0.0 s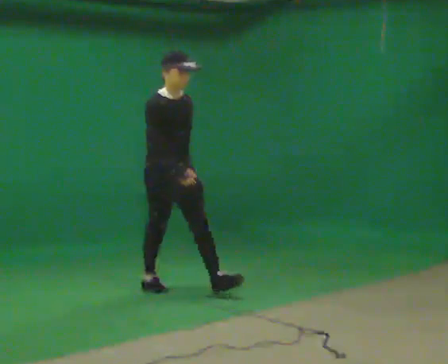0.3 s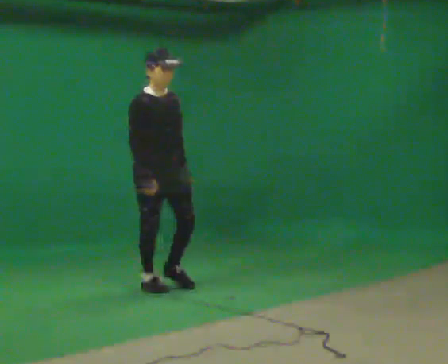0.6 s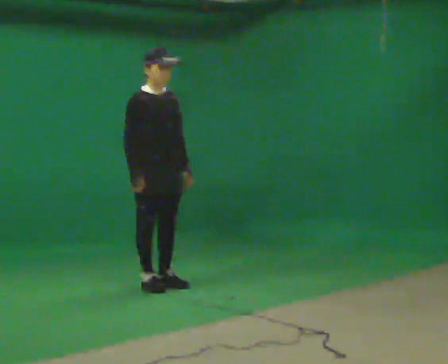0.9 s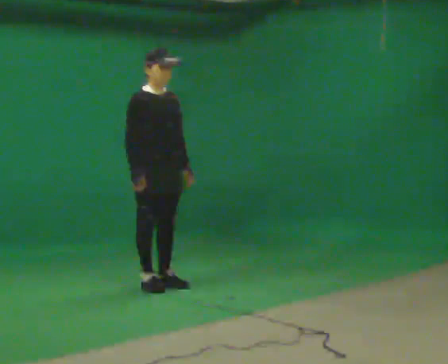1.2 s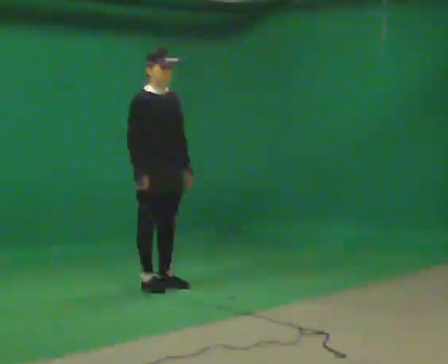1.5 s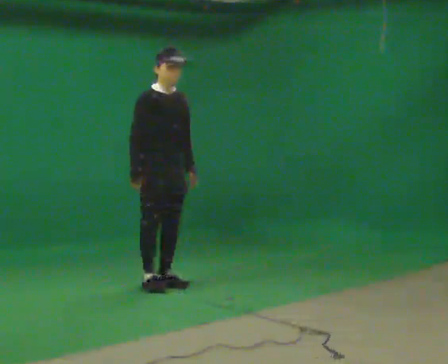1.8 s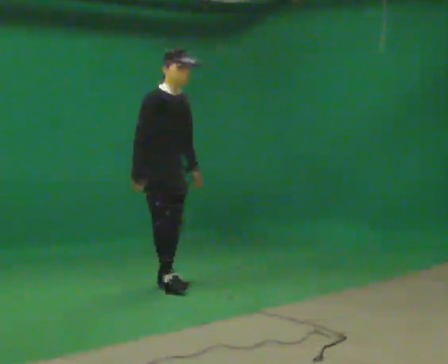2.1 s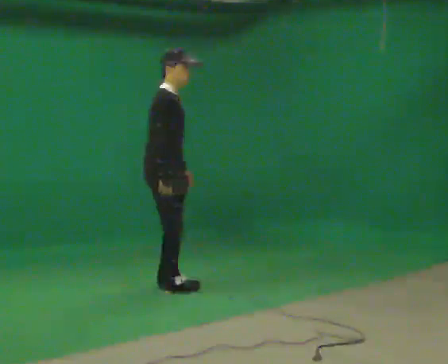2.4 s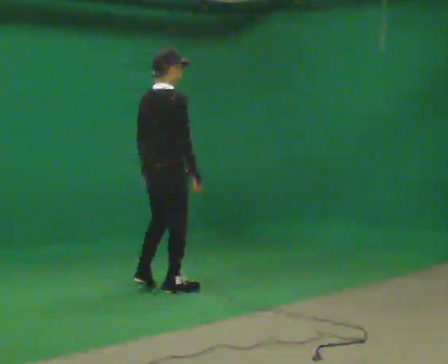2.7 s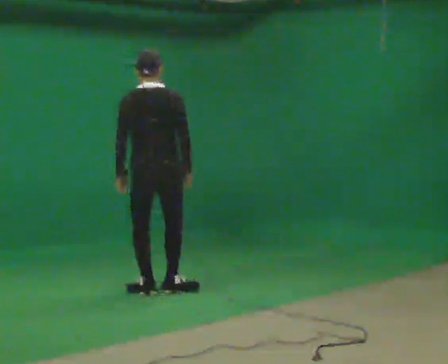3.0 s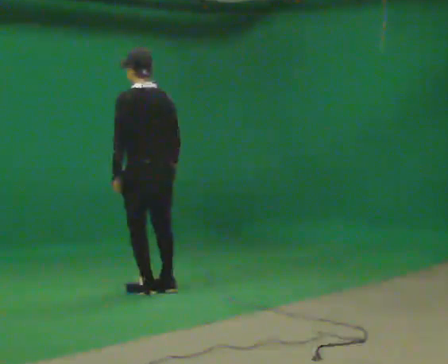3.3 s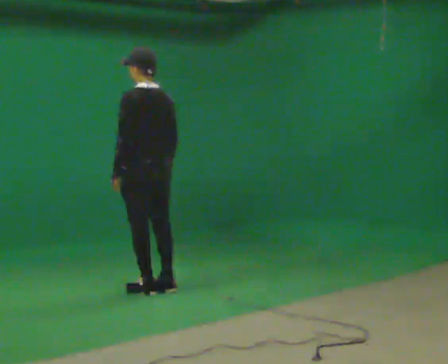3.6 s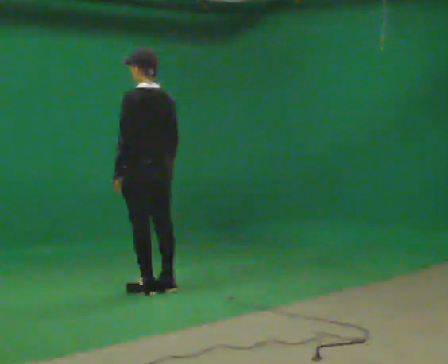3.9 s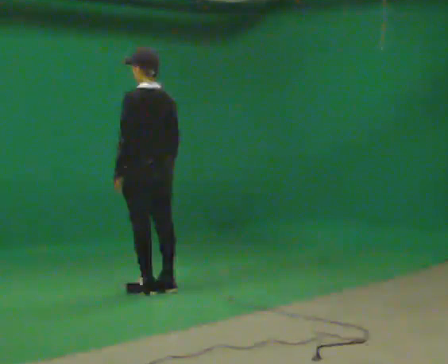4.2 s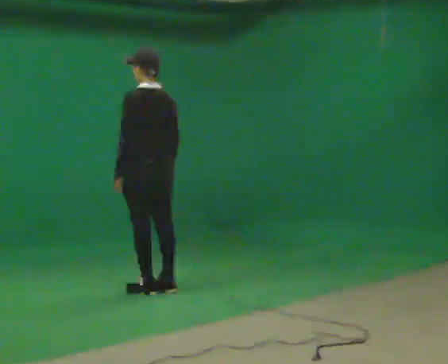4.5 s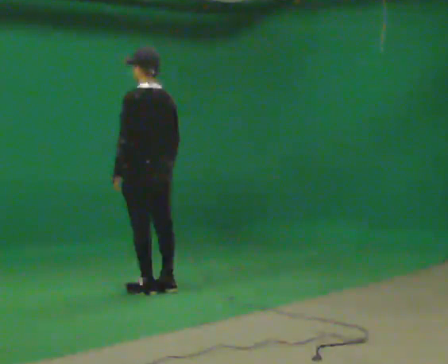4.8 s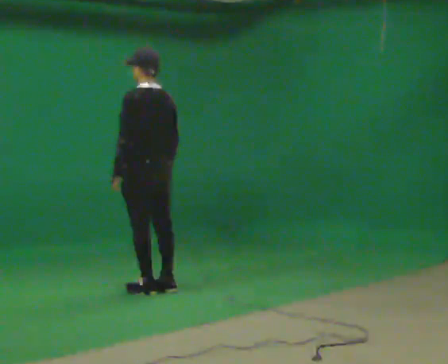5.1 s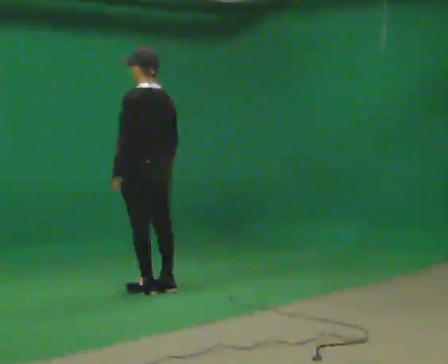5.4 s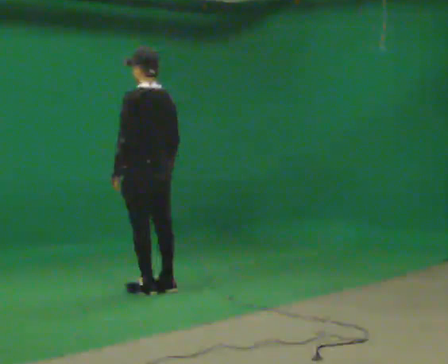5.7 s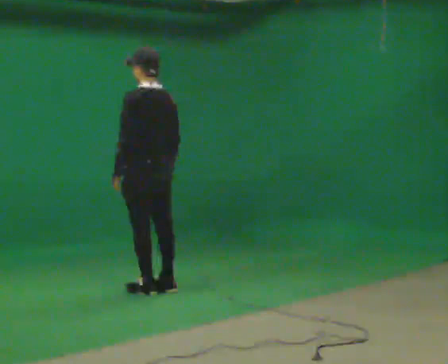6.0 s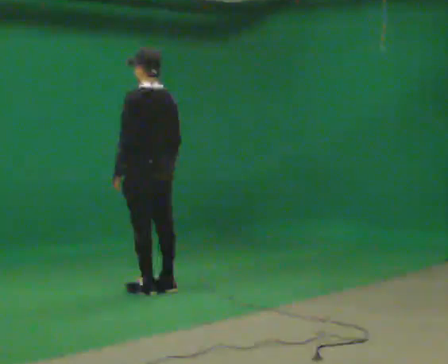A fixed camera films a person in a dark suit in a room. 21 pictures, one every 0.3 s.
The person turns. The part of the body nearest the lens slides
to the right.
The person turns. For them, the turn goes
to their left.
0.0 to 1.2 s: In the picture they go away from the camera, about 0.25 m, which for them is backward.
1.2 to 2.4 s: The person turns about 75 degrees to their left, counterclockwise seen from above, so the part of the body nearest the lens slides to the right.
2.4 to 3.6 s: The part of the body nearest the lens slides to the right as the person turns to their left by about 105 degrees.
3.6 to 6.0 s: The person keeps their place and pose.
The film runs backward here.
